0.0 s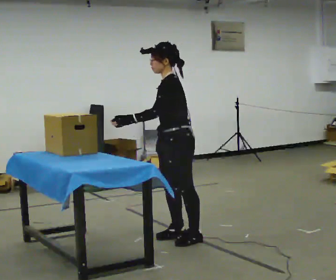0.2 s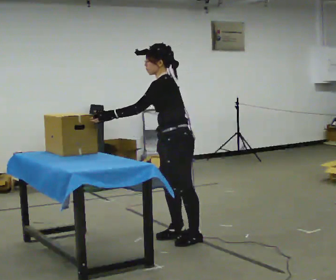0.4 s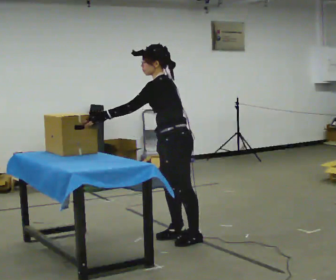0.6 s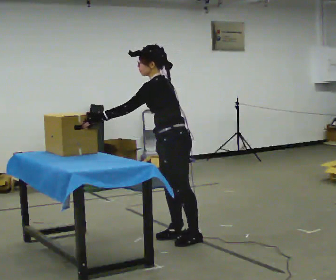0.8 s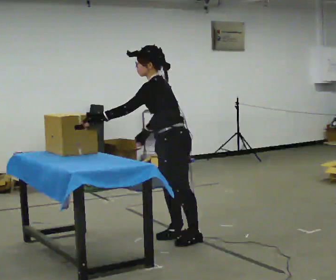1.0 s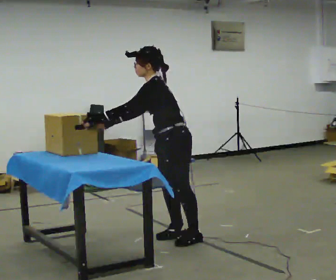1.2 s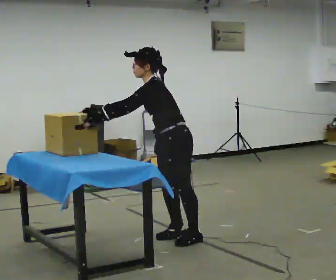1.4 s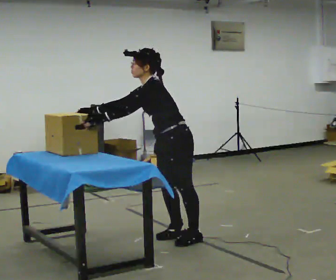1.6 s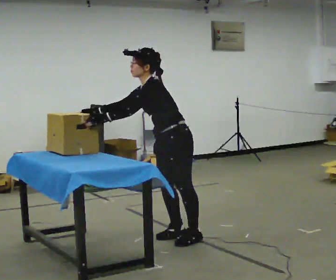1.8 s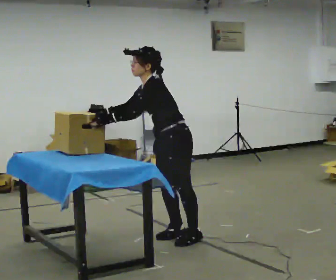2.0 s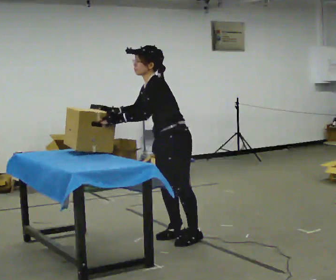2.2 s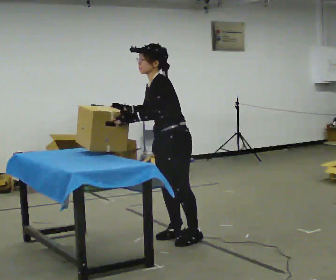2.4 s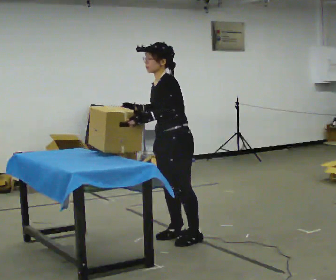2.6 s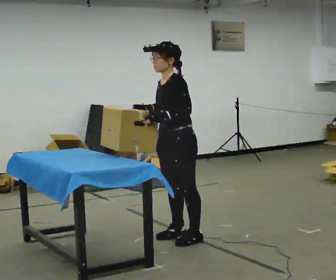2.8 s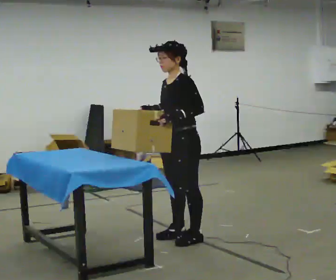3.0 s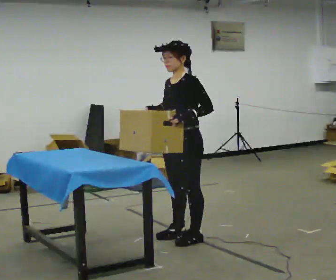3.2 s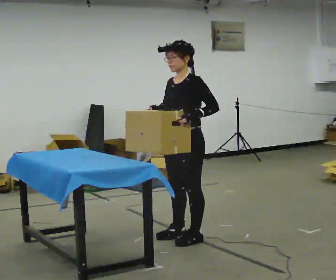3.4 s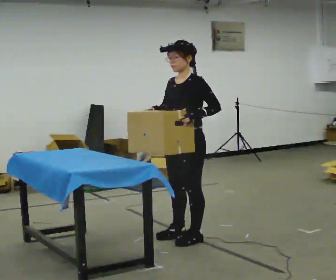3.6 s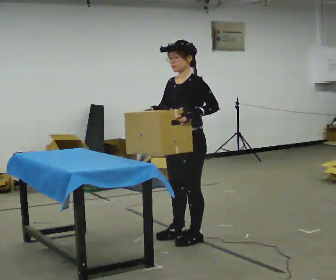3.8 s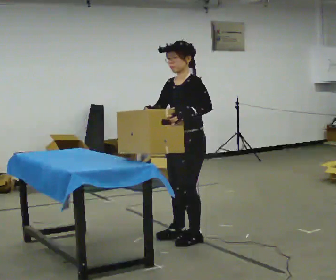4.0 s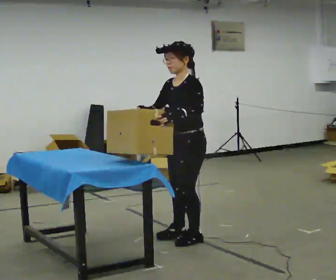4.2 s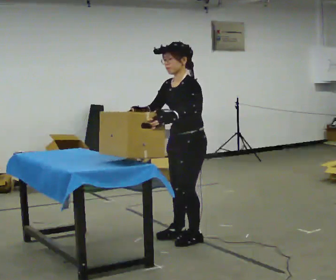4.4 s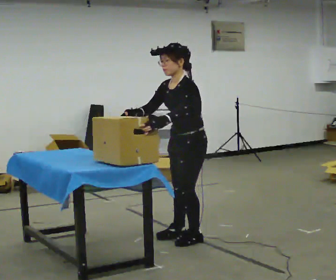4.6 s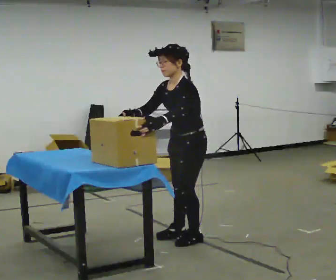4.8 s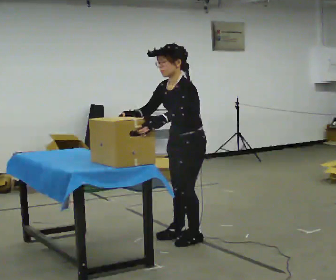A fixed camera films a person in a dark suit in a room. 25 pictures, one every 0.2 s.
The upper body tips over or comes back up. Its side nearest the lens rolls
downward.
0.0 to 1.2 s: In the picture the upper body tilts counterclockwise, shoulders to the left, as they bend forward. In the picture their right hand goes to the left, the arm swinging clockwise.
1.2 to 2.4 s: In the picture the upper body tilts clockwise, shoulders to the right, as they lean back or straighten. In the picture their left hand goes to the right.
2.4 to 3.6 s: In the picture their left hand goes to the right.
3.6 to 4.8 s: The person moves a little, or ends about where they began.
The film runs forward here.
